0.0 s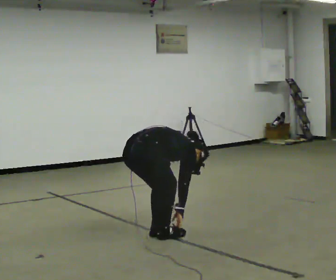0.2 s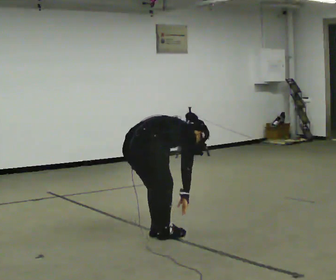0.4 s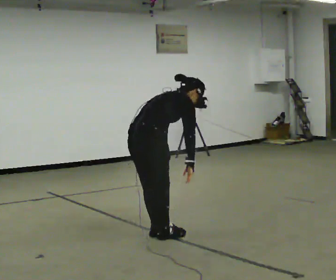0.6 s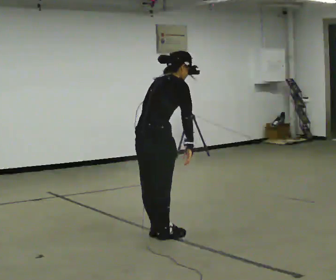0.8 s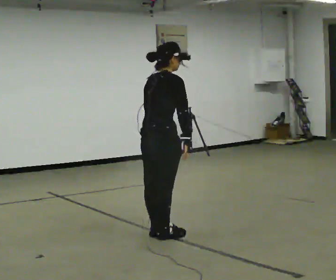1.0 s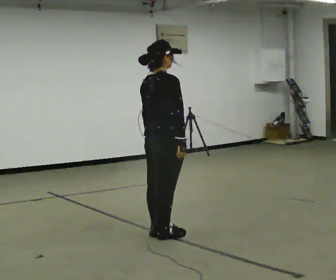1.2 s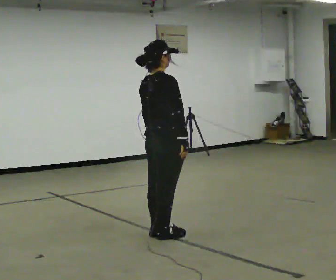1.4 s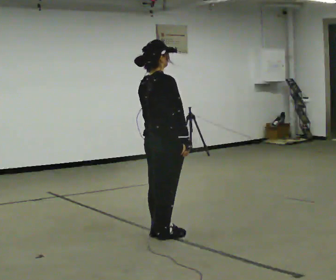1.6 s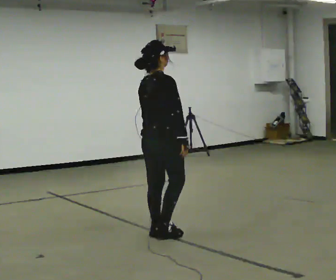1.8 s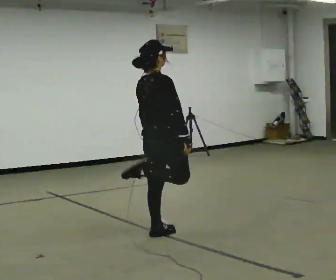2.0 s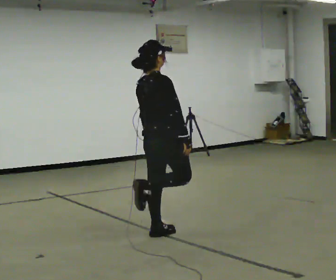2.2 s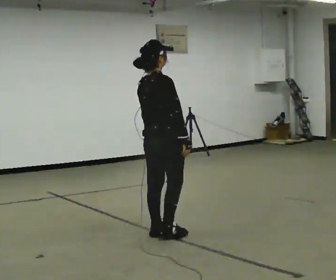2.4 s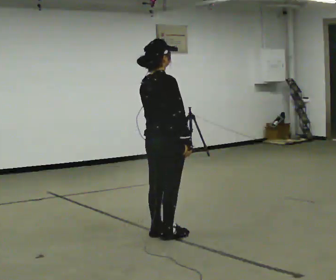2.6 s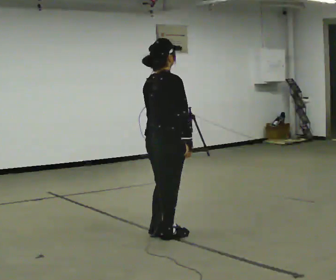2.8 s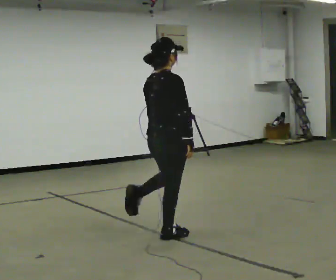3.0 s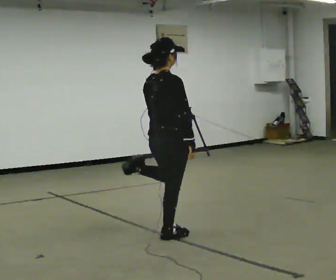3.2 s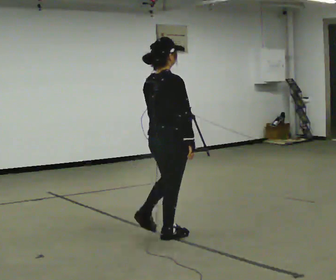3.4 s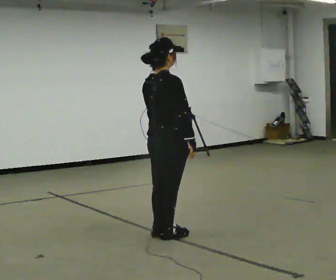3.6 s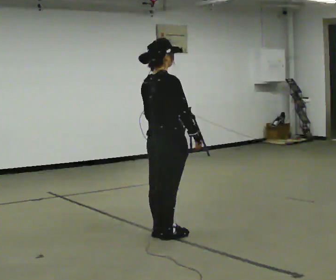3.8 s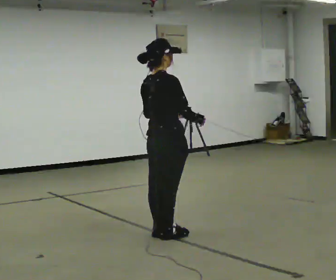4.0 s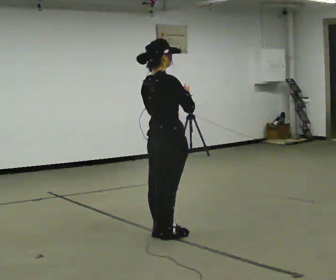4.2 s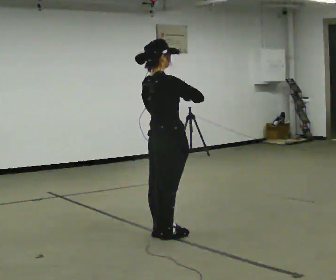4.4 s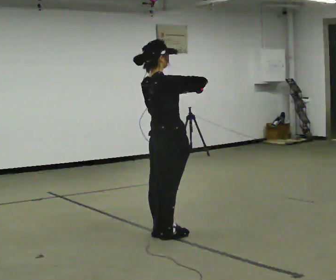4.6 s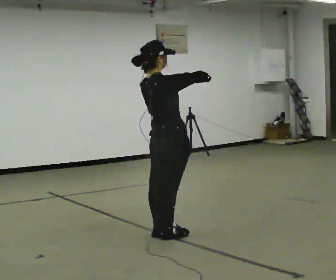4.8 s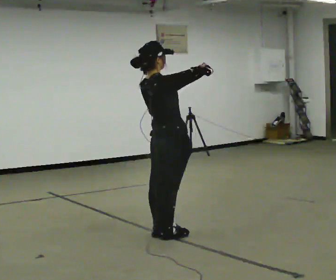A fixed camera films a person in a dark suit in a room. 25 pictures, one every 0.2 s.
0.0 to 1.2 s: In the picture they go to the right, about 0.25 m, which for them is forward. The shoulders move upward. In the picture the upper body tilts counterclockwise, shoulders to the left, as they lean back or straighten. In the picture their right hand goes upward.
1.2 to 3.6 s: The person moves a little, or ends about where they began.
3.6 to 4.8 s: In the picture their right hand goes upward.
The film runs forward here.
